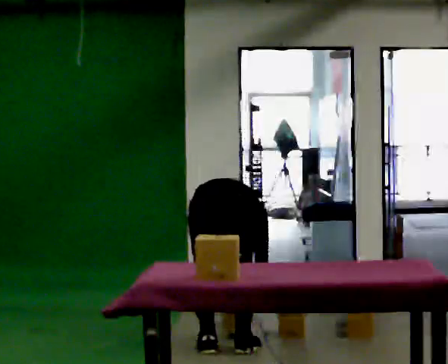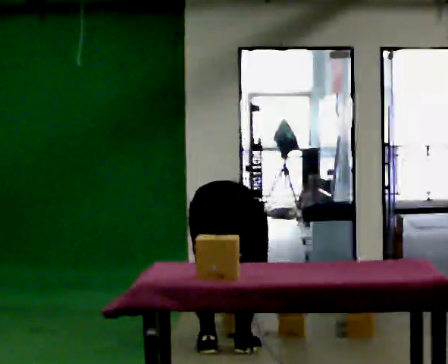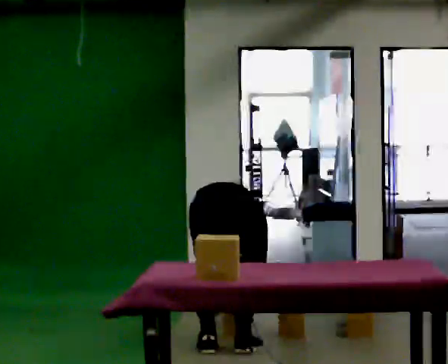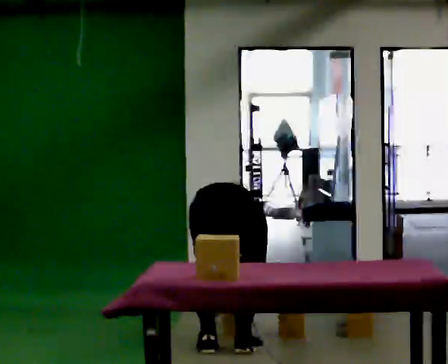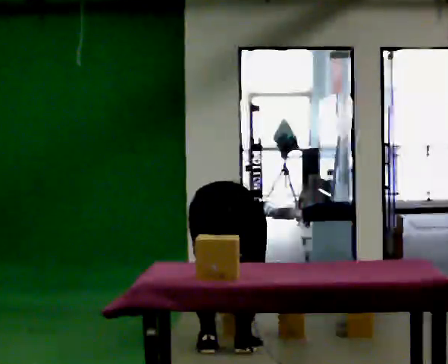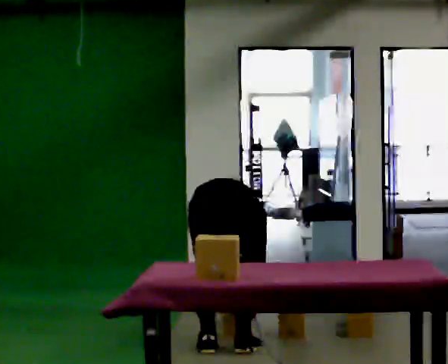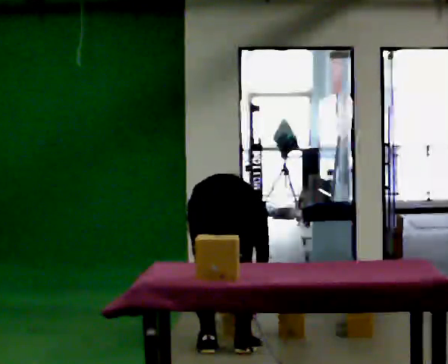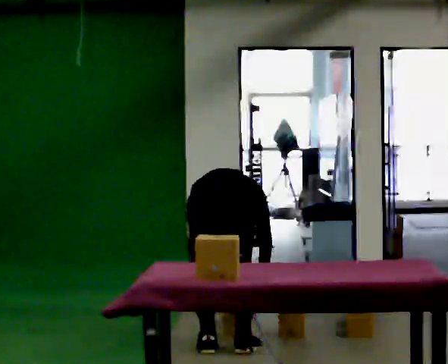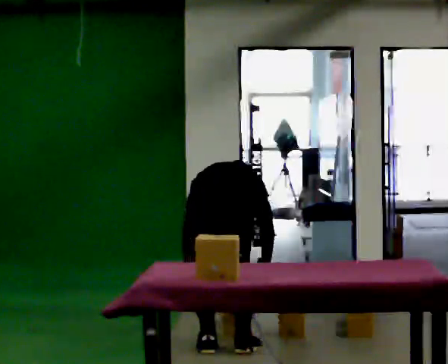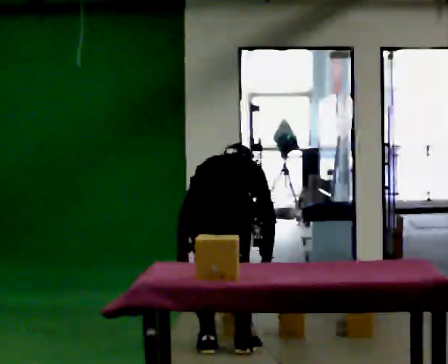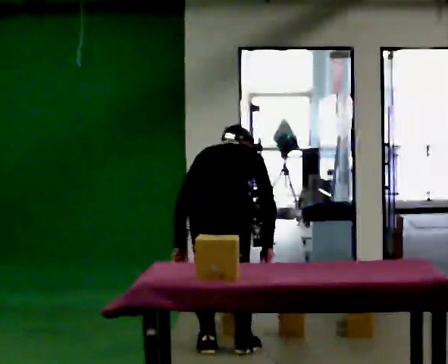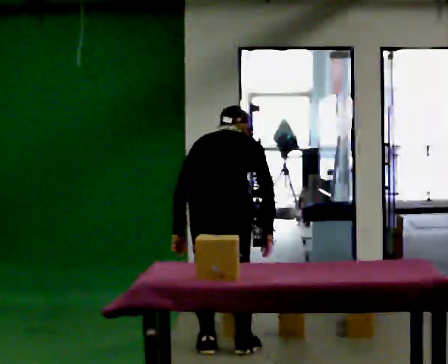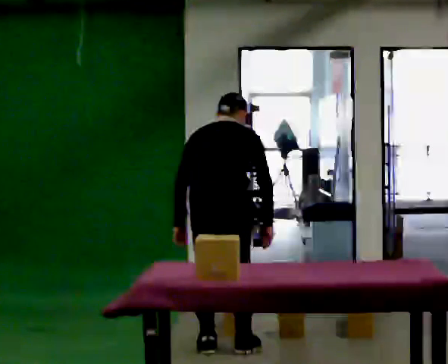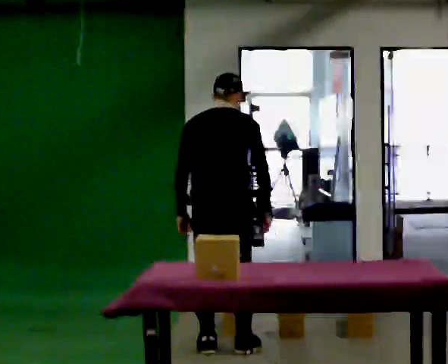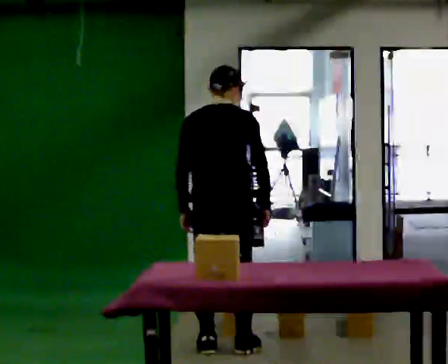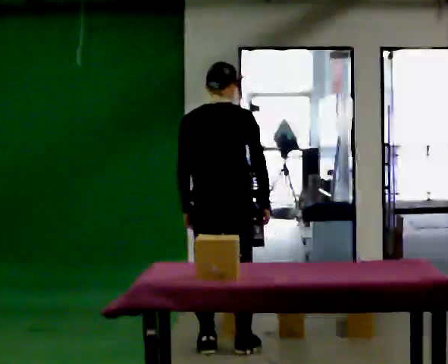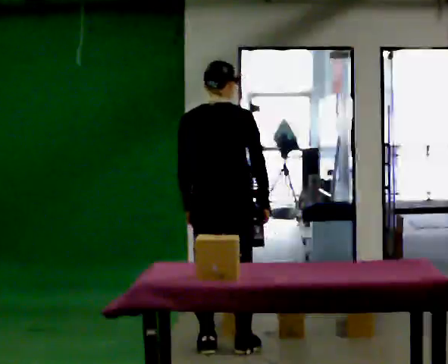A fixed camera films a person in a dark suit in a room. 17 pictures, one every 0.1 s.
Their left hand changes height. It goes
upward.
The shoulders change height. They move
upward.
0.0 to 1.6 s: The upper body goes upward. The upper body tips toward the camera, its near side rolling downward, as they lean back or straighten. In the picture their right hand goes upward.
The film runs forward here.
